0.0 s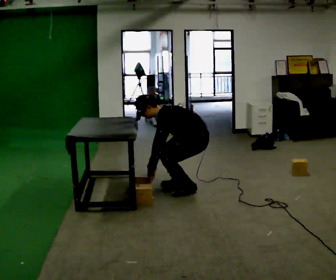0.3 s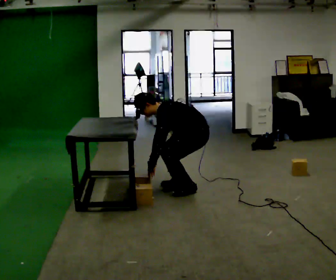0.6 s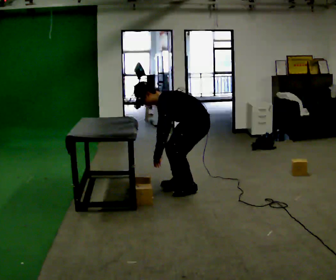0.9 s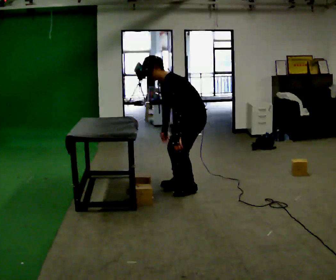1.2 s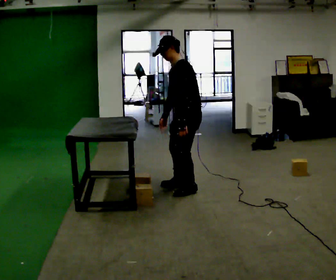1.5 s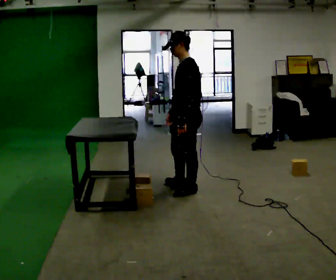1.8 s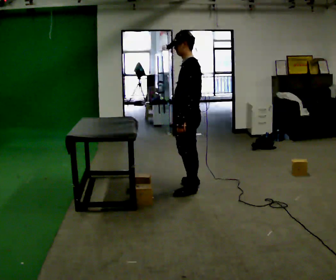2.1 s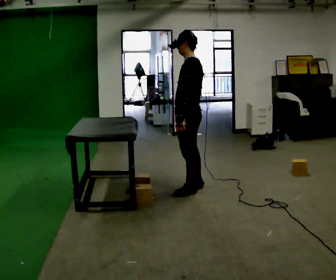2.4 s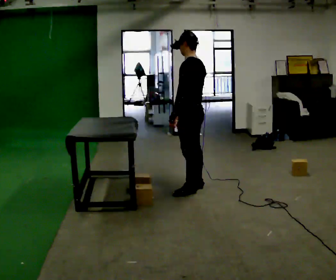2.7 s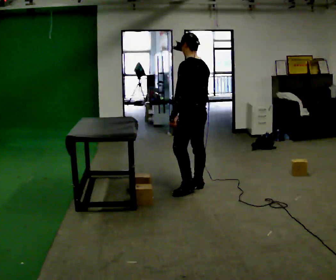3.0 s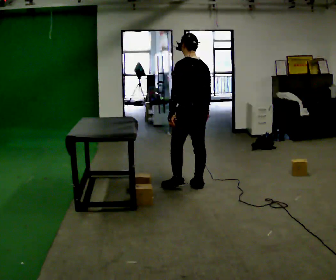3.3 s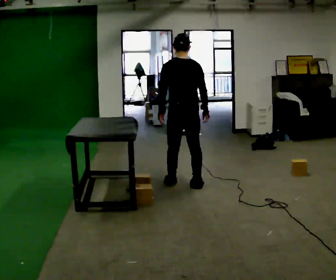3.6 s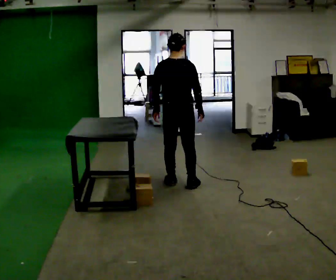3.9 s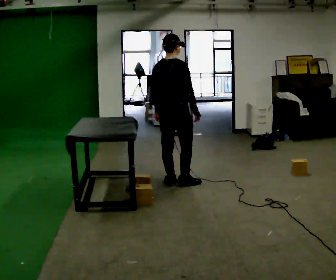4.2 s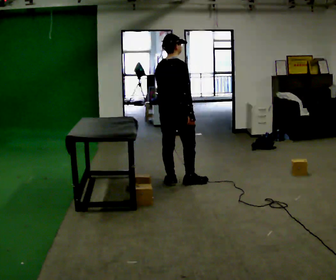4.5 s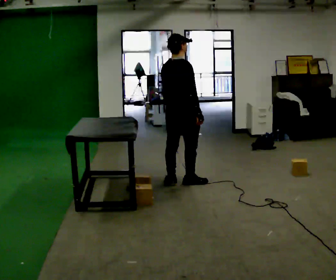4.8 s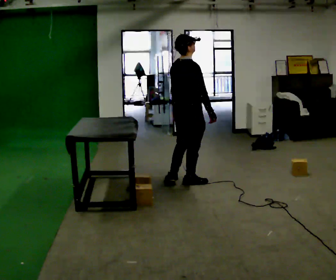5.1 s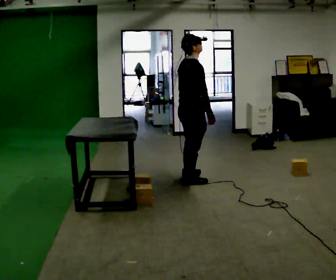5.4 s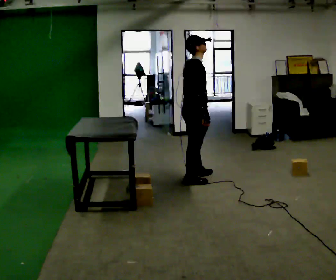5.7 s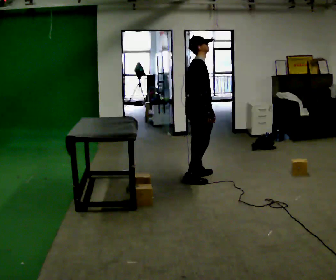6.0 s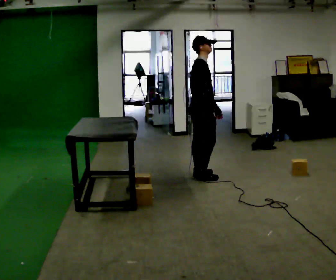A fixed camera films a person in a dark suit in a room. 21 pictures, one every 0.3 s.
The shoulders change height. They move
upward.
The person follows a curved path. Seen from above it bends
clockwise.
0.0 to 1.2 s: The upper body goes upward. In the picture the upper body tilts clockwise, shoulders to the right, as they lean back or straighten. In the picture their left hand goes upward and to the right.
1.2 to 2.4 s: The person turns about 30 degrees to their right, clockwise seen from above, so the part of the body nearest the lens slides to the left. In the picture the upper body tilts clockwise, shoulders to the right, as they lean back or straighten.
2.4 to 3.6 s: Seen from above the body turns clockwise, about 75 degrees: to their right, with its near side sliding to the left. In the picture they go away from the camera and to the left, about 0.25 m in 1 step.
3.6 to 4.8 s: Seen from above the body turns clockwise, about 45 degrees: to their right, with its near side sliding to the left.
4.8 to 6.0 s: The person turns about 45 degrees to their right, clockwise seen from above, so the part of the body nearest the lens slides to the left. In the picture they go away from the camera and to the right, about 0.25 m in 1 step, which for them is forward and to their left.
The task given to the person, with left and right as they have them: Carry the object across the room and place it on the lowest shelf, crouching down to do it. Keep going until the operator says stop; one object at a time, and do not rush between trips.
The film runs forward here.
